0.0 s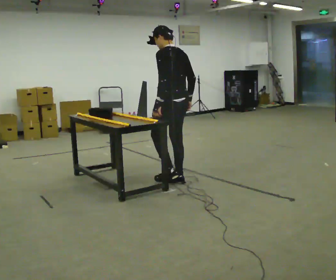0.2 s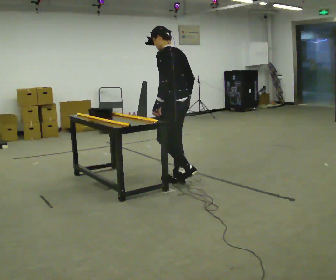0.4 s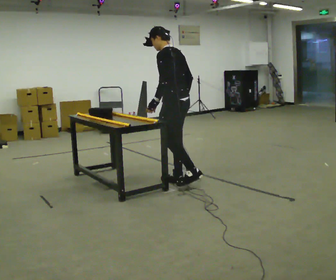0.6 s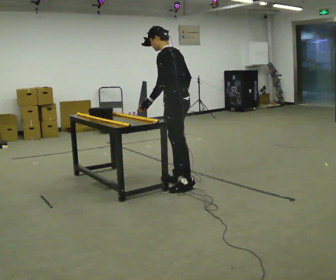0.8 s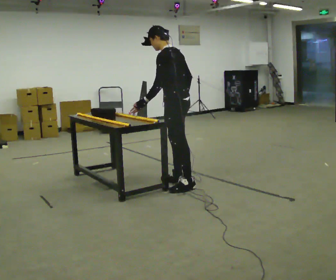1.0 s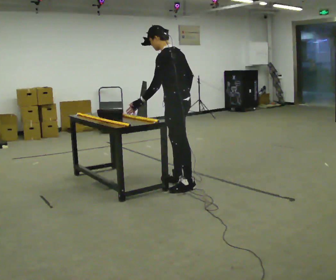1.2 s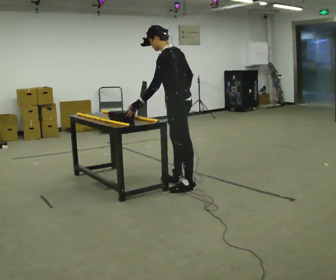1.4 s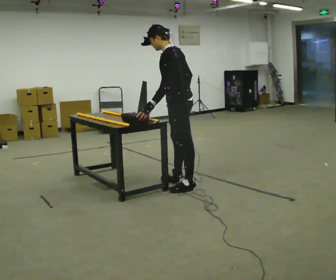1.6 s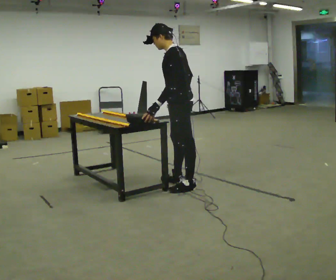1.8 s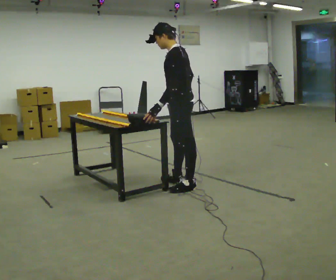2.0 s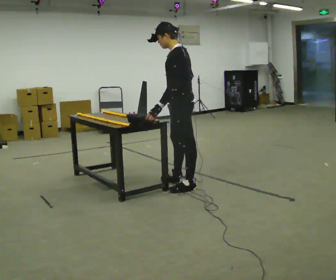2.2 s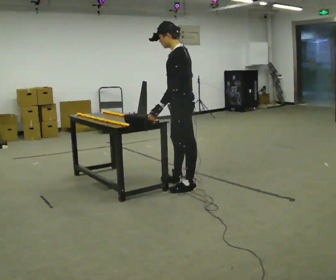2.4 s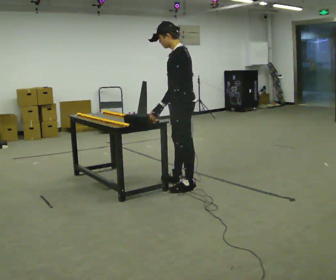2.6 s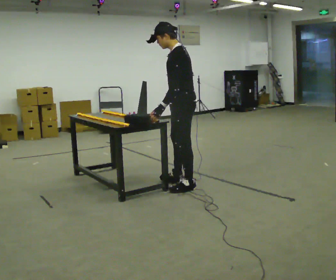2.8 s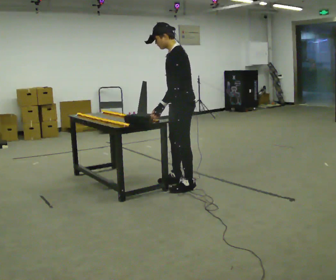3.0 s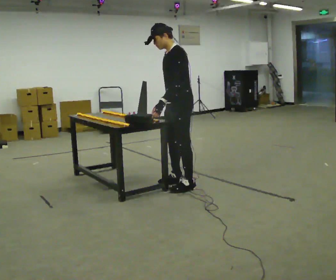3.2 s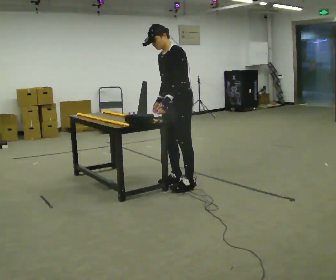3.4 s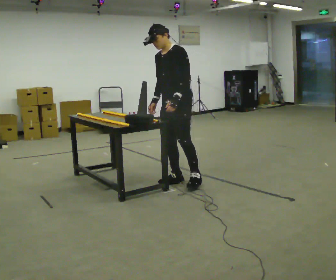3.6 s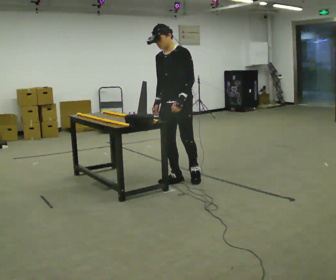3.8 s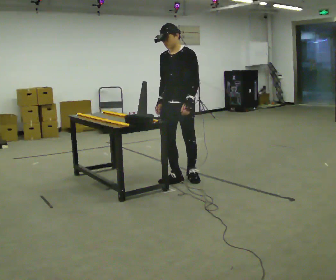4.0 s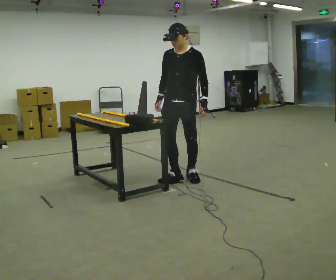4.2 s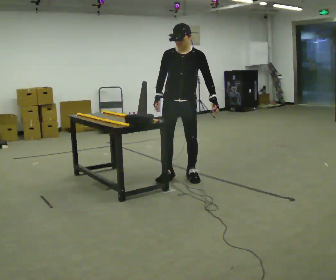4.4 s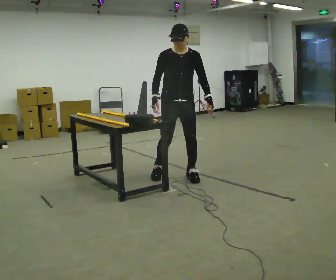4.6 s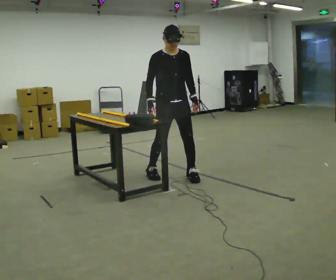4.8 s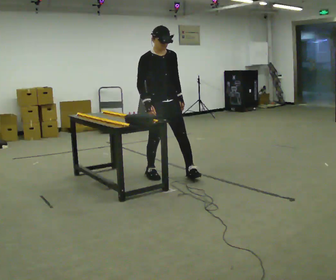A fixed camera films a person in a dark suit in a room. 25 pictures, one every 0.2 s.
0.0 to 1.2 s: The part of the body nearest the lens slides to the right as the person turns to their left by about 30 degrees.
1.2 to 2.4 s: The person moves a little, or ends about where they began.
2.4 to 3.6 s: The person turns about 60 degrees to their left, counterclockwise seen from above, so the part of the body nearest the lens slides to the right. In the picture they go away from the camera, about 0.25 m in 1 step, which for them is to their right.
3.6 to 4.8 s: The part of the body nearest the lens slides to the right as the person turns to their left by about 60 degrees. In the picture they go away from the camera and to the left, about 0.25 m in 1 step.
The film runs backward here.
